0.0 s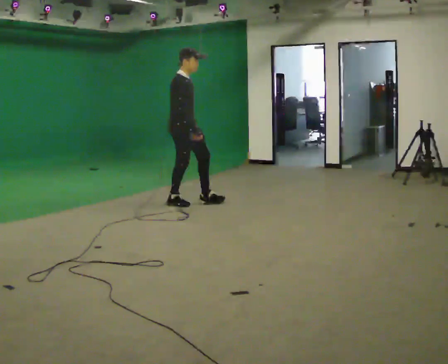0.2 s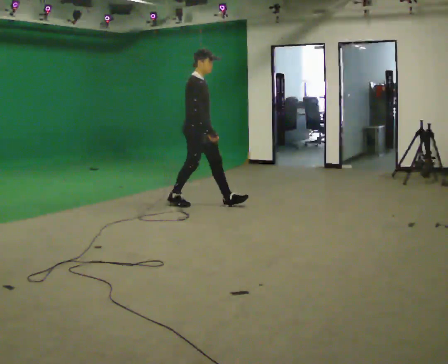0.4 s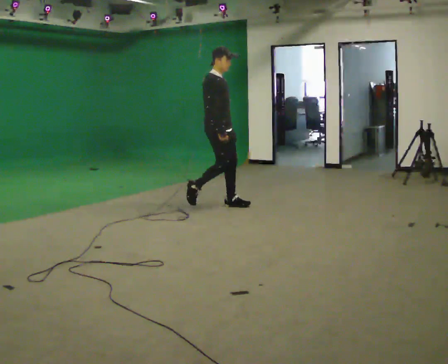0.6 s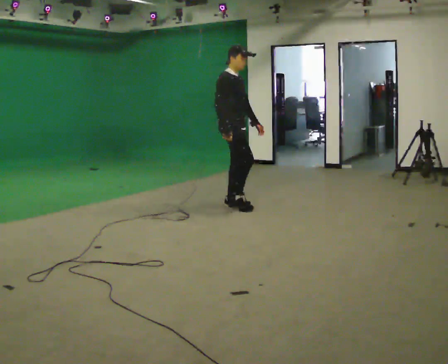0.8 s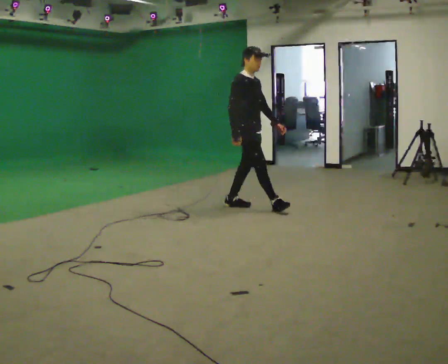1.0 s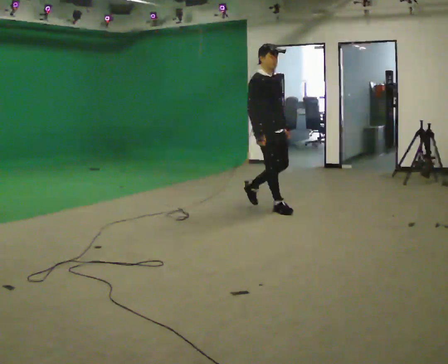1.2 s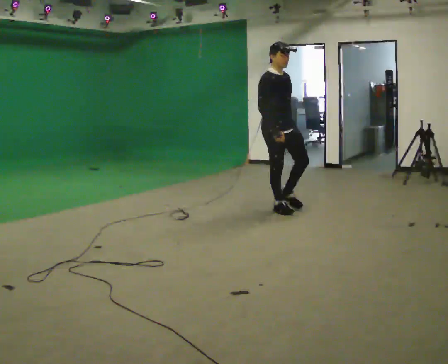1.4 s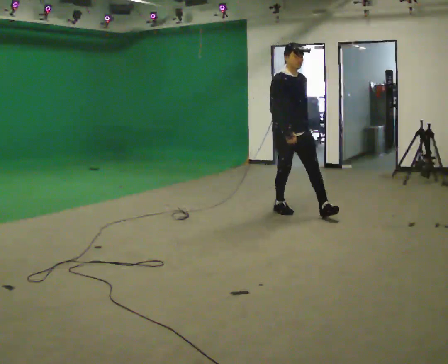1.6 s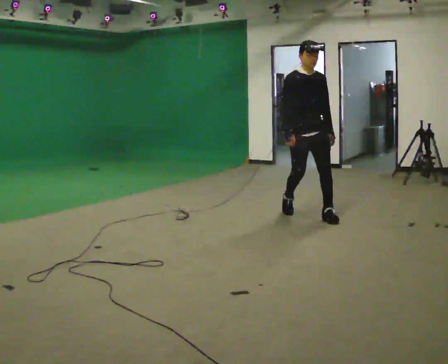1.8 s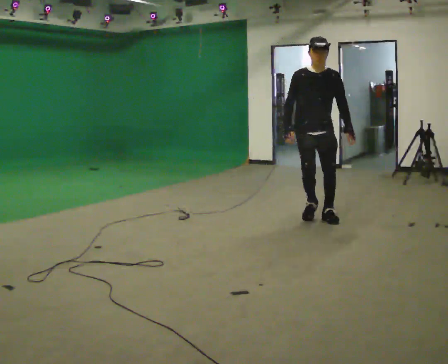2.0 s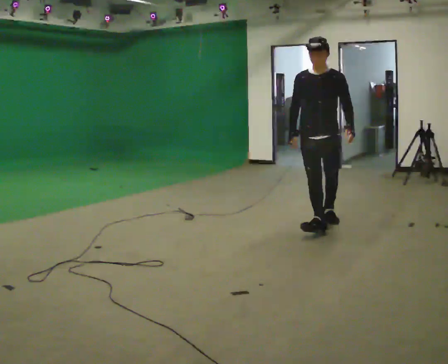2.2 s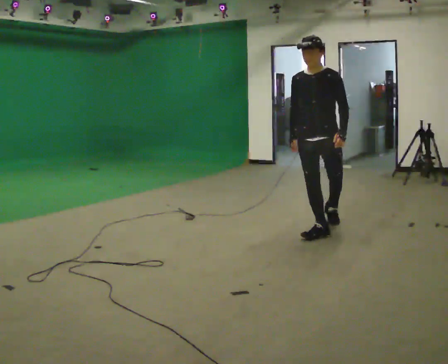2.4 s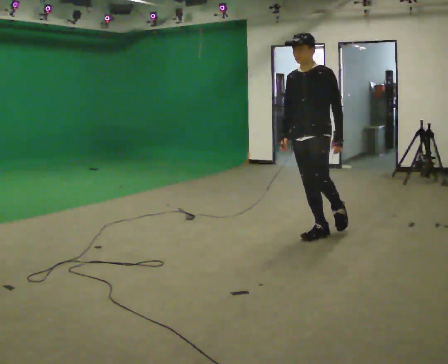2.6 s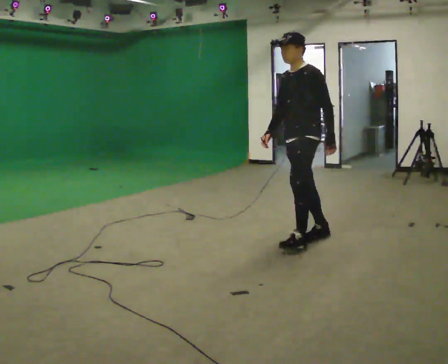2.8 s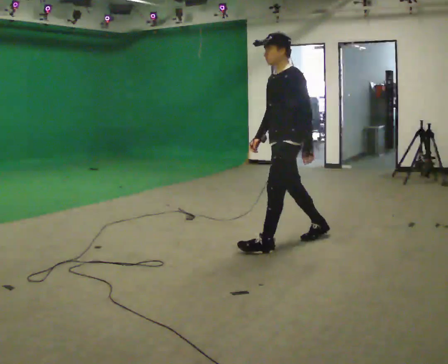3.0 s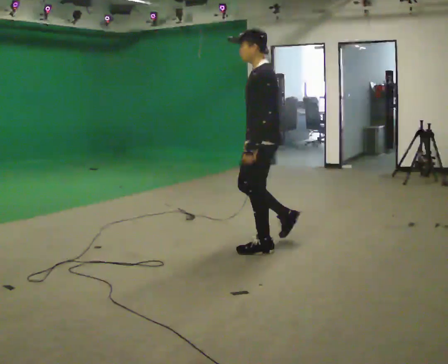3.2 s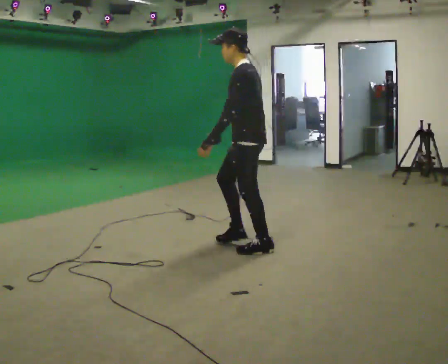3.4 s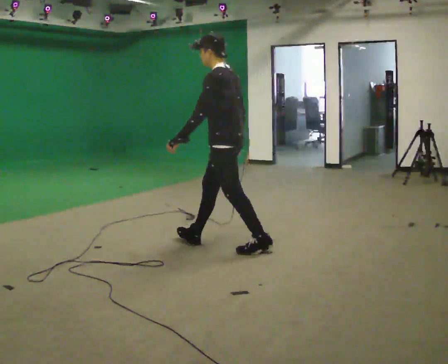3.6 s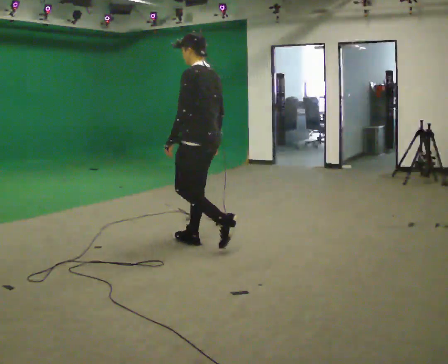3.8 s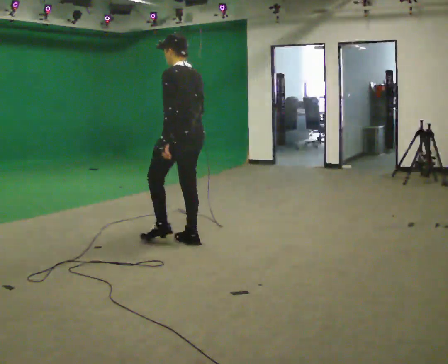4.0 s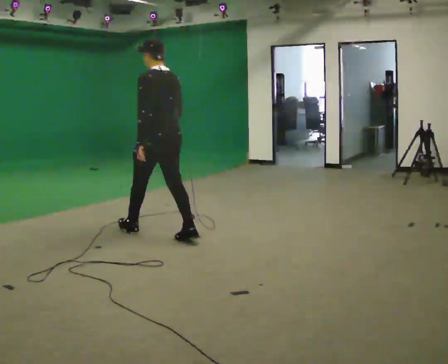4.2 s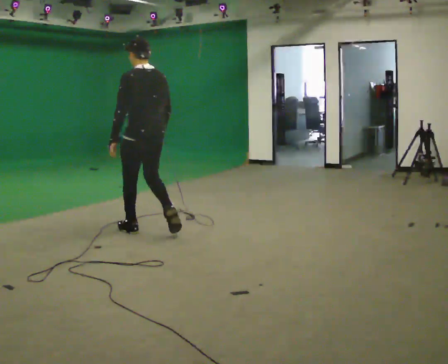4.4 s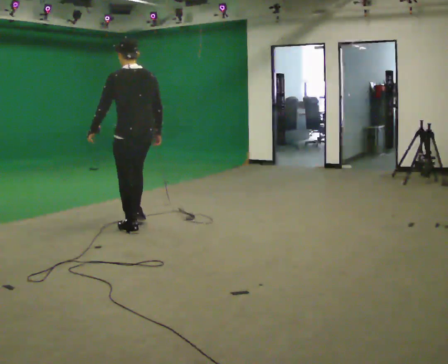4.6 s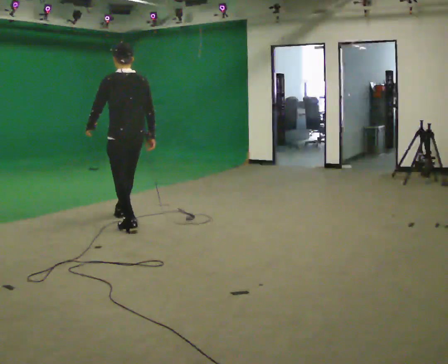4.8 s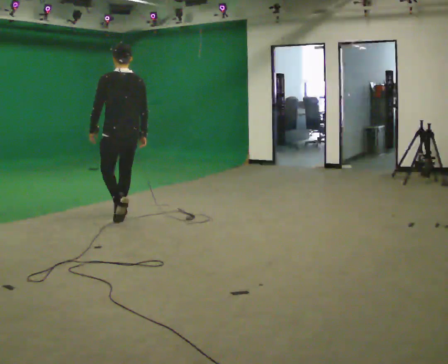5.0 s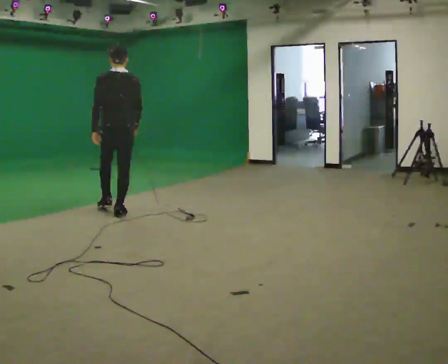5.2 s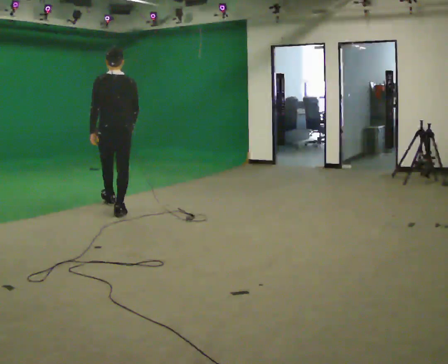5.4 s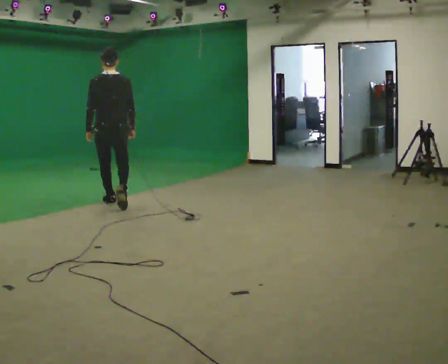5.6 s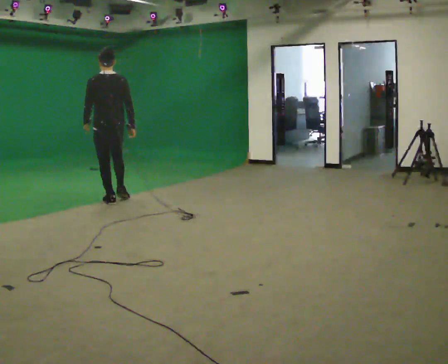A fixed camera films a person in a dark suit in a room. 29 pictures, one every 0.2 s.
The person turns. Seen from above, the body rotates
clockwise.
The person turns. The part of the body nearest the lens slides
to the left.
0.0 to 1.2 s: The part of the body nearest the lens slides to the left as the person turns to their right by about 30 degrees. In the picture they go to the right, about 1 m in 2 steps, which for them is forward.
1.2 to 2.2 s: The part of the body nearest the lens slides to the left as the person turns to their right by about 60 degrees. In the picture they go toward the camera and to the right, about 0.5 m in 2 steps.
2.2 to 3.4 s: The person turns about 90 degrees to their right, clockwise seen from above, so the part of the body nearest the lens slides to the left. In the picture they go to the left and toward the camera, about 1 m in 2 steps.
3.4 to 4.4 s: The part of the body nearest the lens slides to the left as the person turns to their right by about 30 degrees. In the picture they go to the left and away from the camera, about 1 m in 1 step, which for them is forward.
4.4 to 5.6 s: In the picture they go away from the camera and to the left, about 1 m in 2 steps, which for them is forward.
The film runs forward here.
